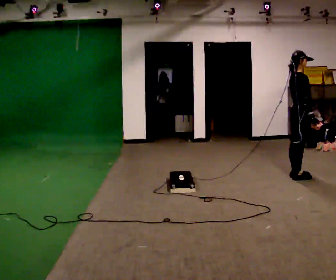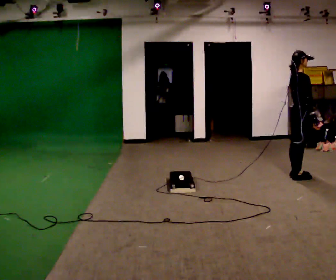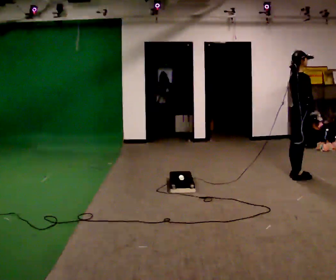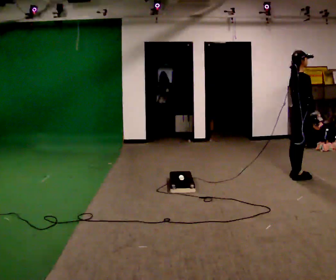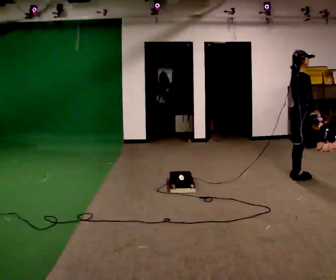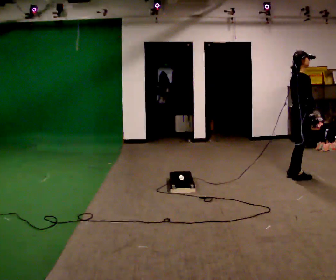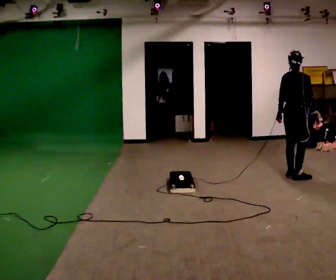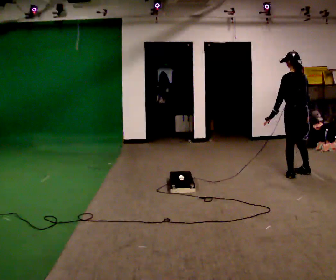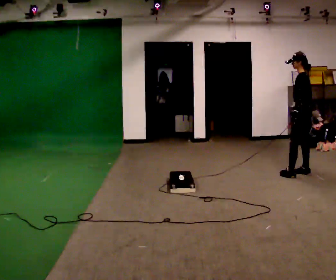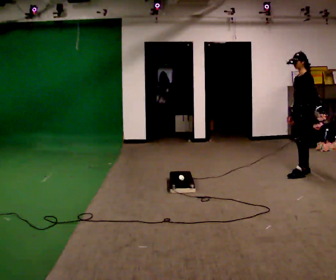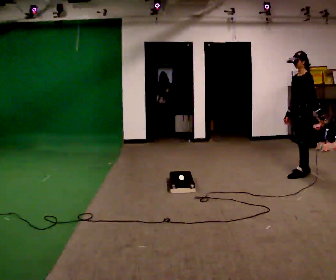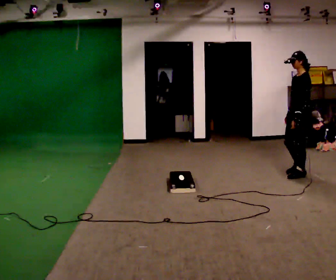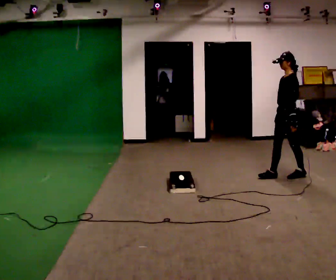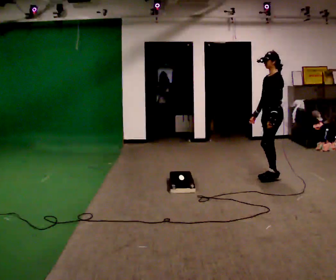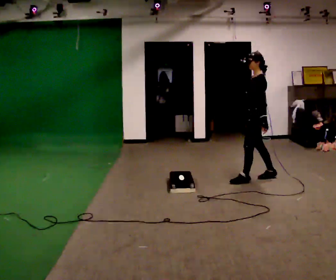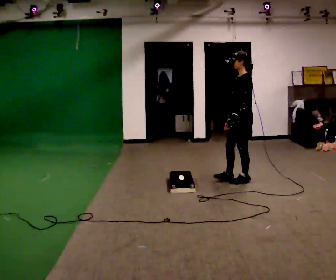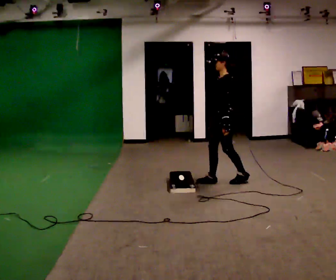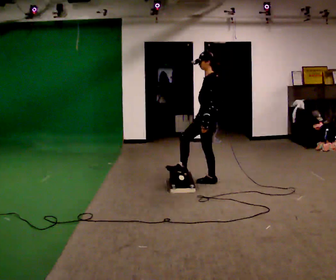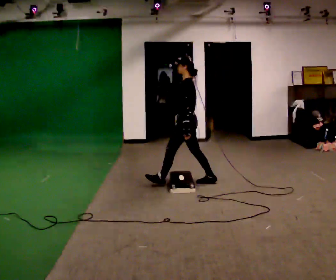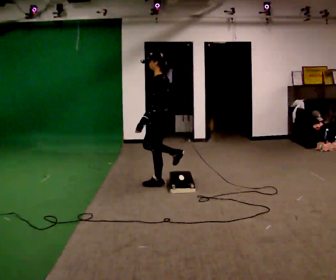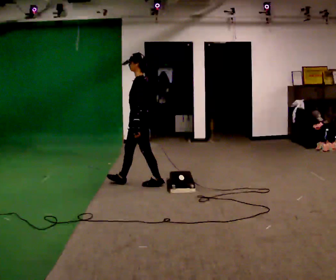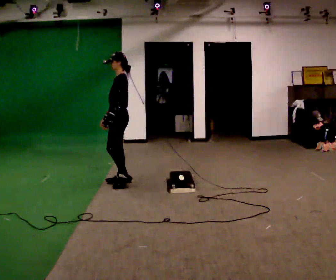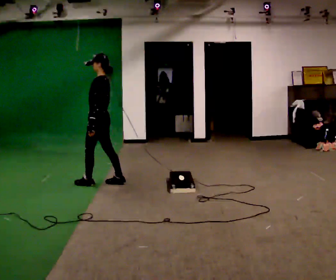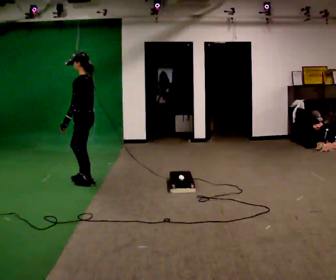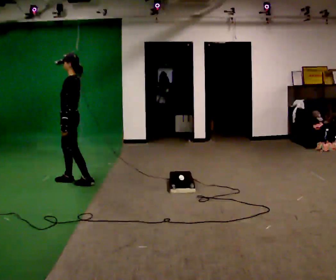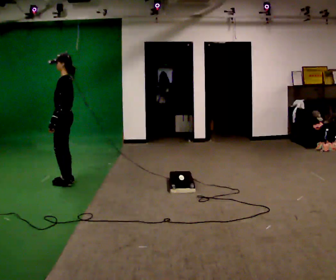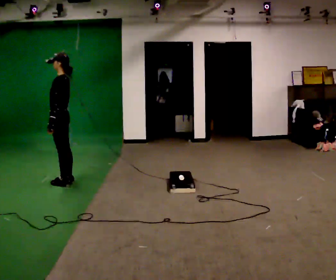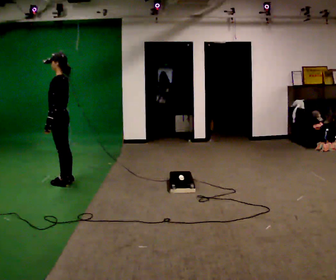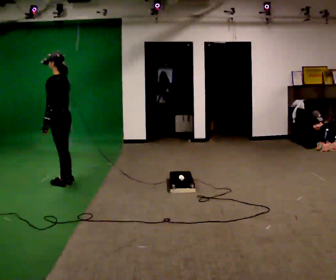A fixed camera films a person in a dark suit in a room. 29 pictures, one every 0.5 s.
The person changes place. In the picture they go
to the left.
0.0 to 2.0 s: The person moves a little, or ends about where they began.
2.0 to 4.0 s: Seen from above the body turns counterclockwise, about 150 degrees: to their left, with its near side sliding to the right. In the picture they go away from the camera, about 0.25 m in 1 step.
4.0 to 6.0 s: The part of the body nearest the lens slides to the right as the person turns to their left by about 30 degrees. In the picture they go to the left and toward the camera, about 0.25 m in 1 step, which for them is forward.
6.0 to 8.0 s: In the picture they go to the left, about 1 m in 2 steps, which for them is forward.
8.0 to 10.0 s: In the picture they go to the left, about 1 m in 2 steps, which for them is forward.
10.0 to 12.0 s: In the picture they go to the left, about 1 m in 2 steps, which for them is forward.
12.0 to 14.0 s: The person moves a little, or ends about where they began.
The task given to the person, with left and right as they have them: Walk toward low obstacle; step over without stopping; continue.
The film runs forward here.
